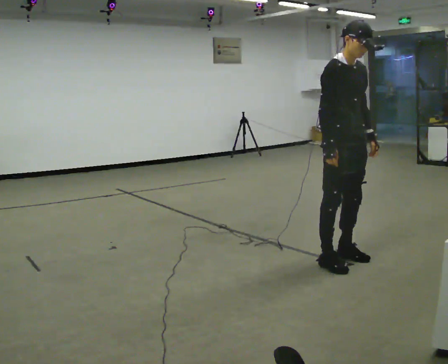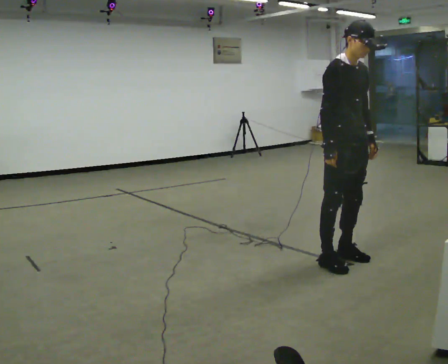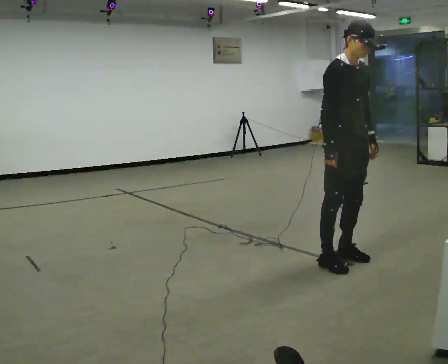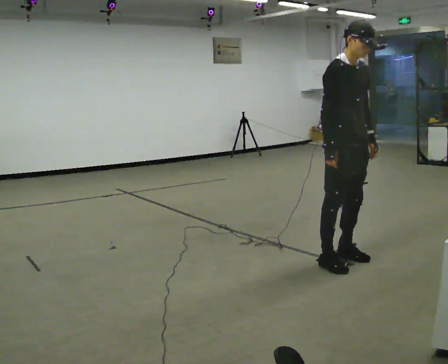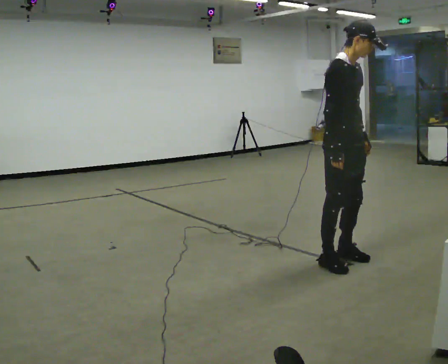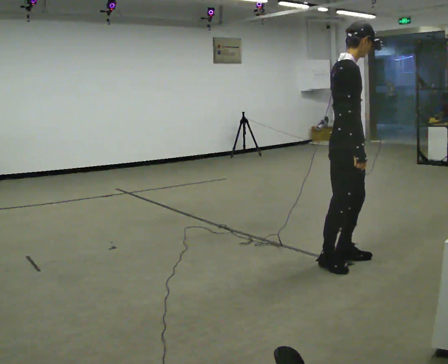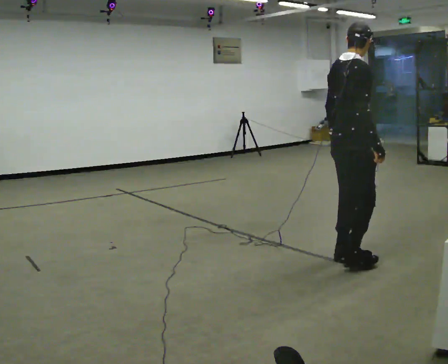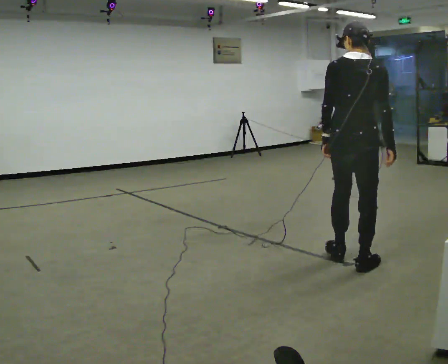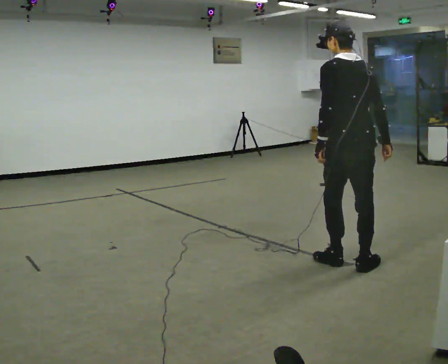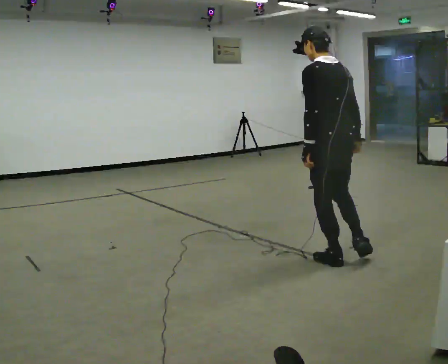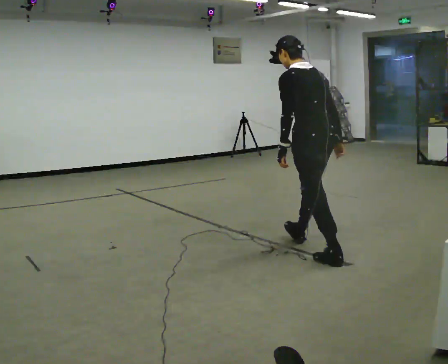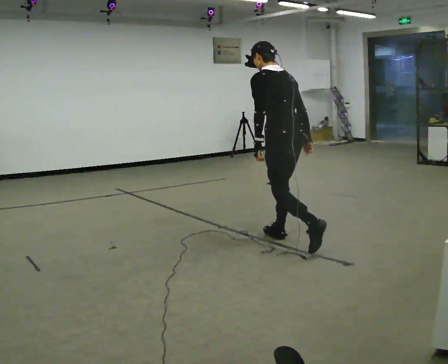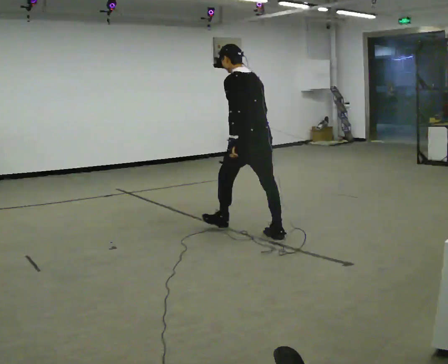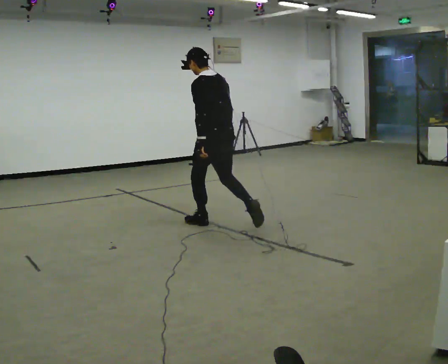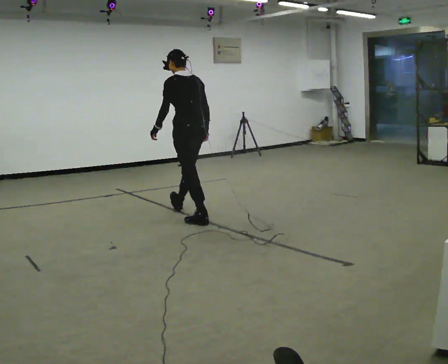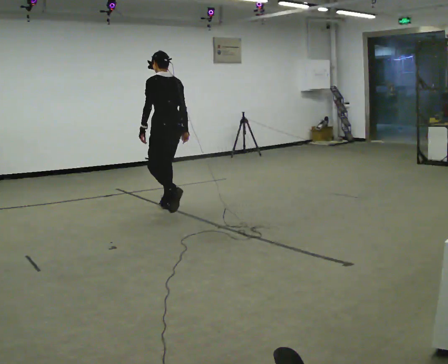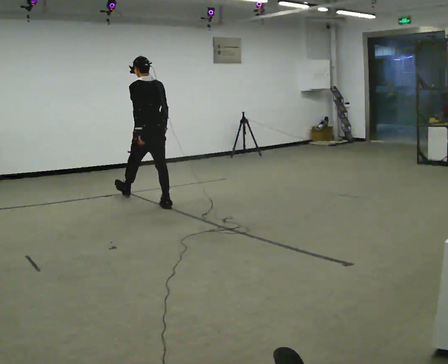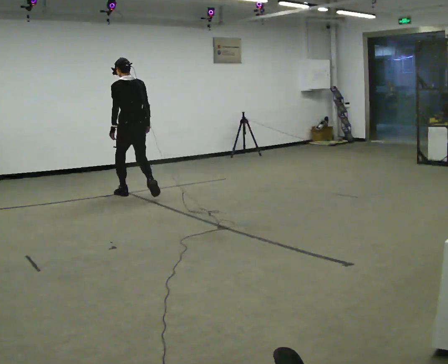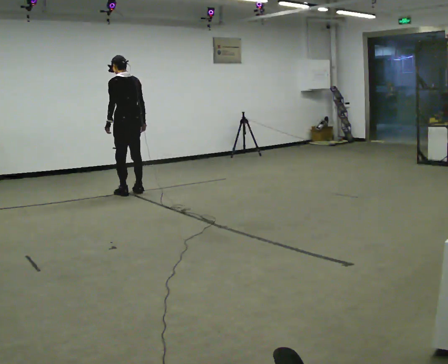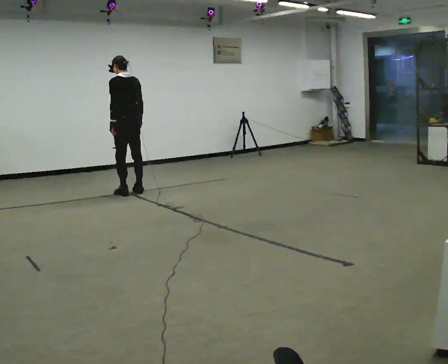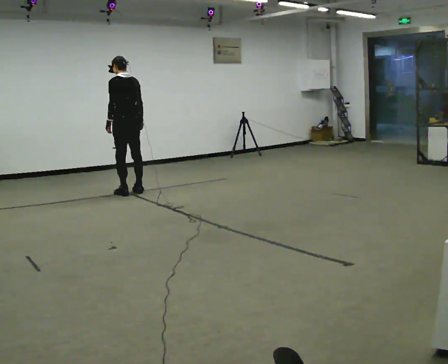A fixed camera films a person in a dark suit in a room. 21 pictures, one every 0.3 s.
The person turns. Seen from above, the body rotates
counterclockwise.
The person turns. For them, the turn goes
to their left.
0.0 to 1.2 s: The person moves a little, or ends about where they began.
1.2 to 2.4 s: Seen from above the body turns counterclockwise, about 135 degrees: to their left, with its near side sliding to the right. The upper body tips away from the camera, its near side rolling upward. In the picture their left hand goes to the left.
2.4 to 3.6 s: The person turns about 30 degrees to their left, counterclockwise seen from above, so the part of the body nearest the lens slides to the right. In the picture they go away from the camera and to the left, about 1 m in 1 step, which for them is forward. In the picture the upper body tilts counterclockwise, shoulders to the left.
3.6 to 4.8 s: In the picture they go to the left and away from the camera, about 1.5 m in 2 steps, which for them is forward.
4.8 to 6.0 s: In the picture they go away from the camera and to the left, about 0.75 m in 2 steps, which for them is forward.
The film runs forward here.
